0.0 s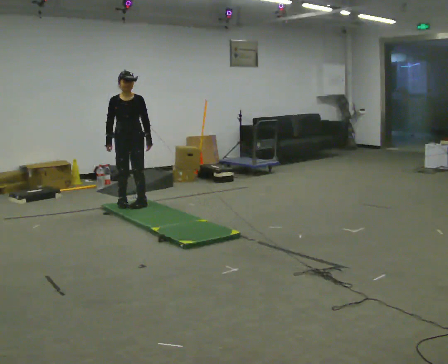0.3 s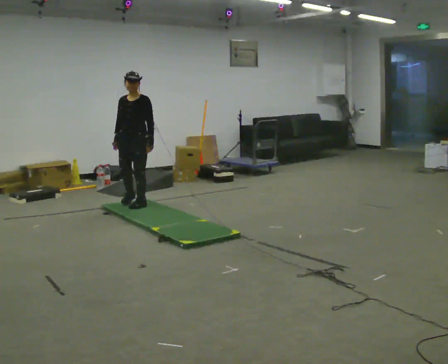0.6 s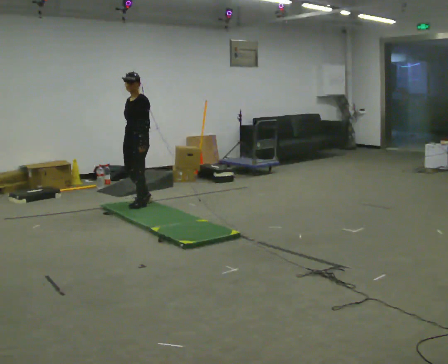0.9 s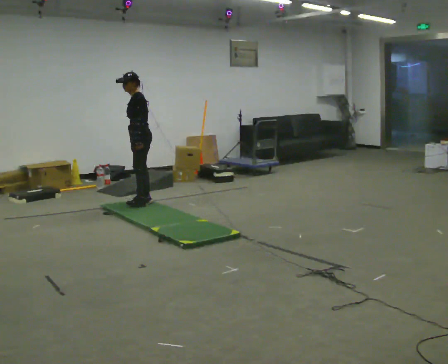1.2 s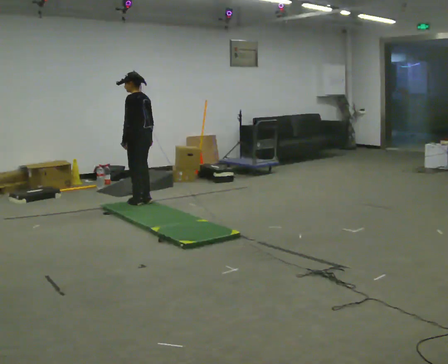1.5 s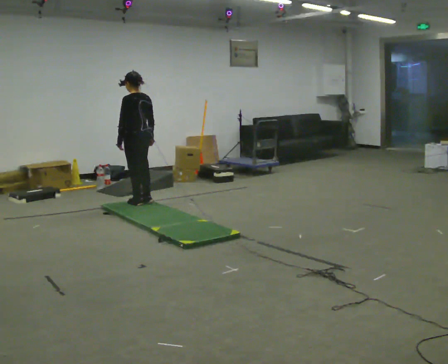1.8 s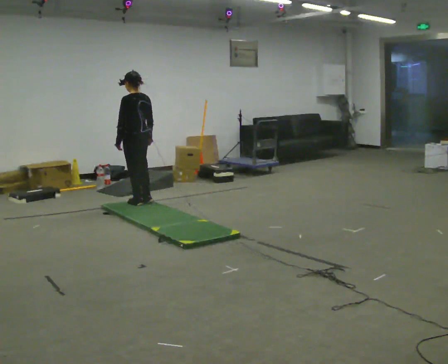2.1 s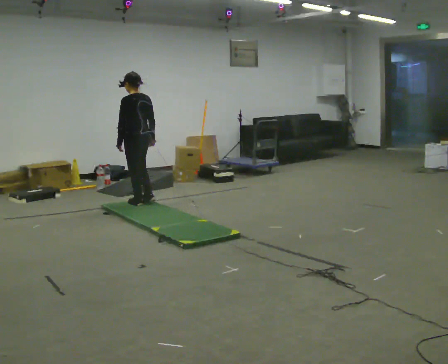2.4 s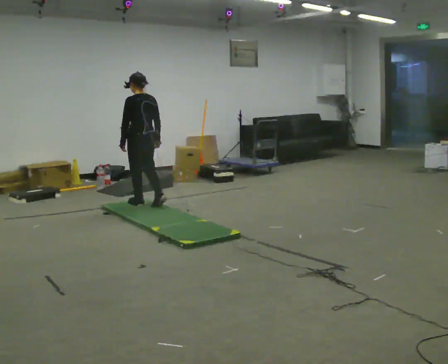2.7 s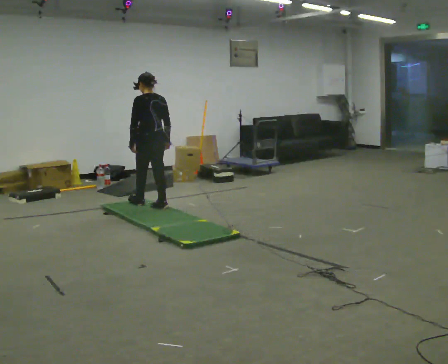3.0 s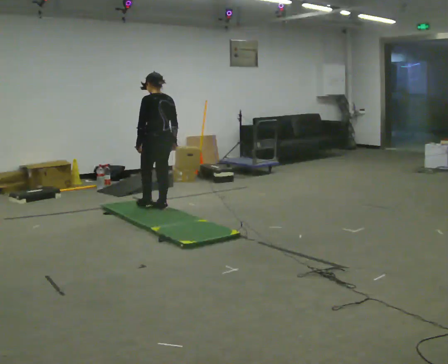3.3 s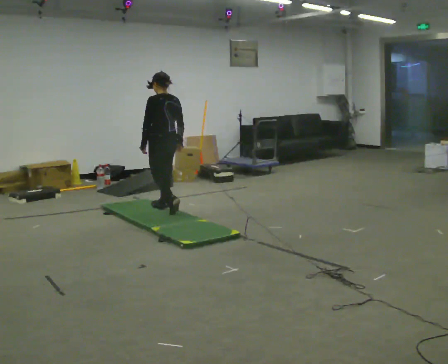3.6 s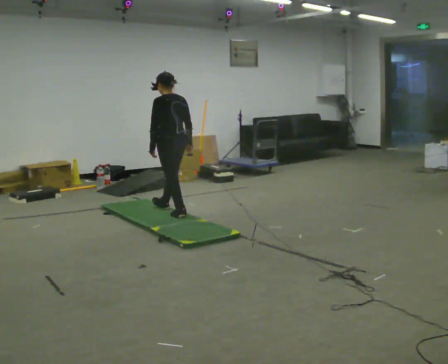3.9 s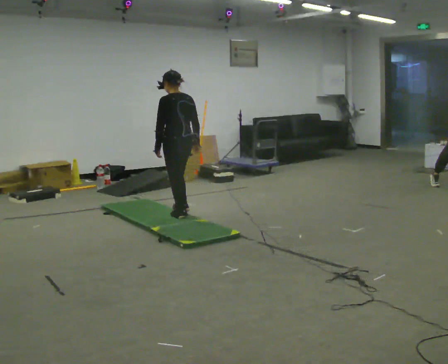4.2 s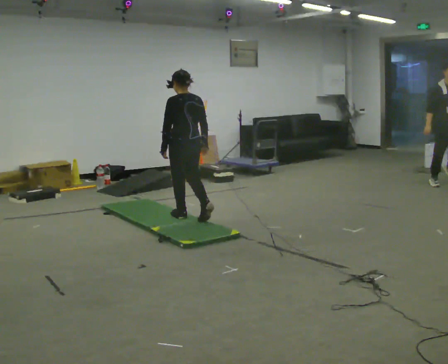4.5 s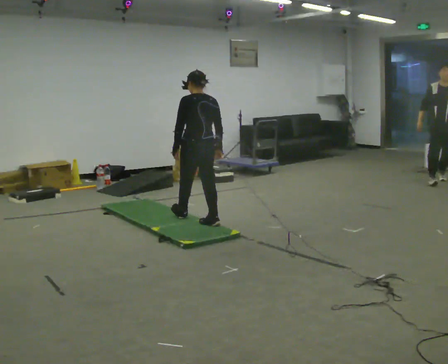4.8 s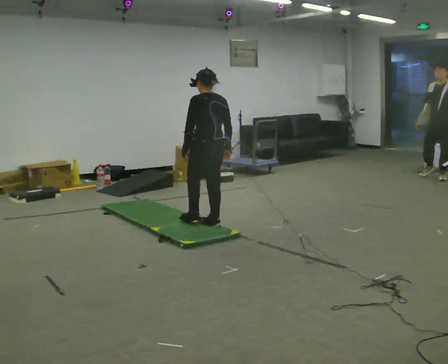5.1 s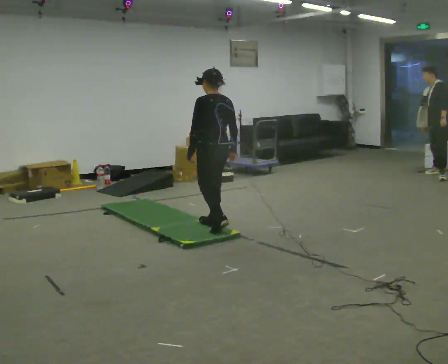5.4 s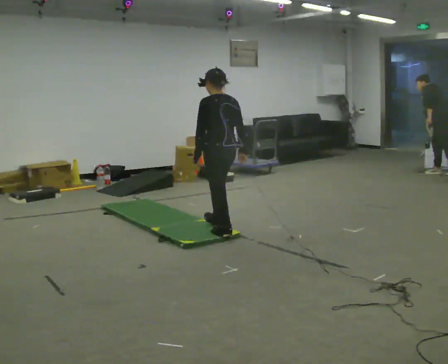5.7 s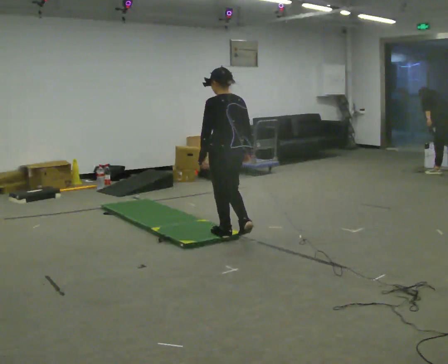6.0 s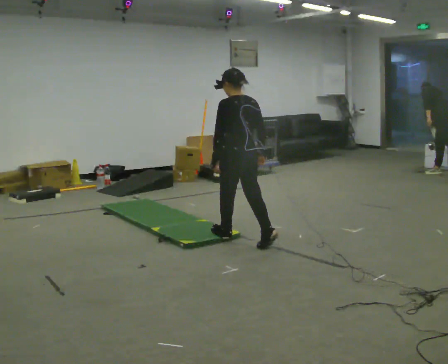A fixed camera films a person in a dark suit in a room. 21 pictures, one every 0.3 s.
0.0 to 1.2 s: Seen from above the body turns clockwise, about 120 degrees: to their right, with its near side sliding to the left.
1.2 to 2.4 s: The person moves a little, or ends about where they began.
2.4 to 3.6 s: In the picture they go toward the camera and to the right, about 0.5 m in 1 step, which for them is backward.
3.6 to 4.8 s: In the picture they go toward the camera and to the right, about 0.5 m in 2 steps, which for them is backward.
4.8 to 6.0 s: In the picture they go toward the camera, about 0.5 m in 1 step, which for them is backward.
The film runs backward here.
